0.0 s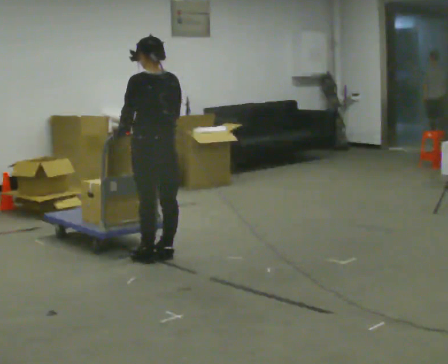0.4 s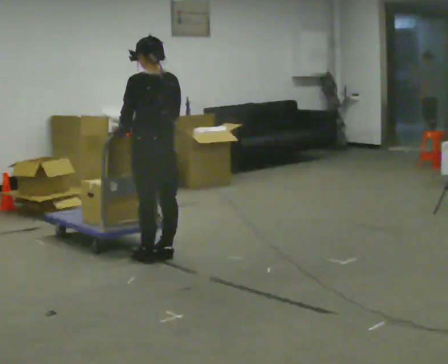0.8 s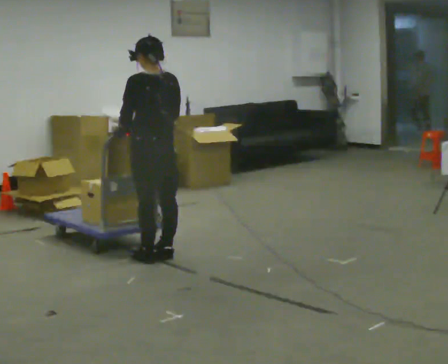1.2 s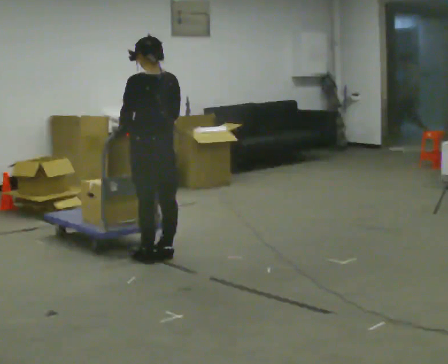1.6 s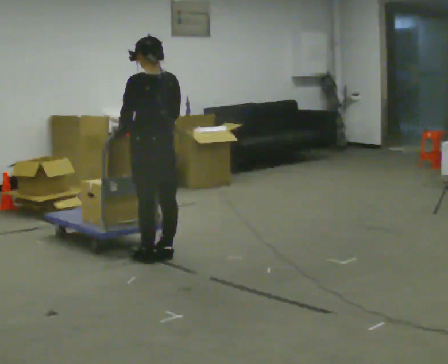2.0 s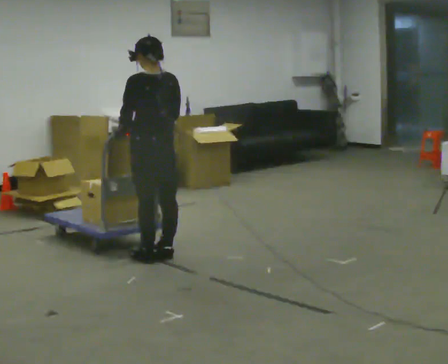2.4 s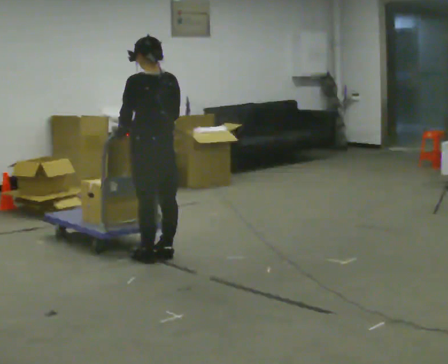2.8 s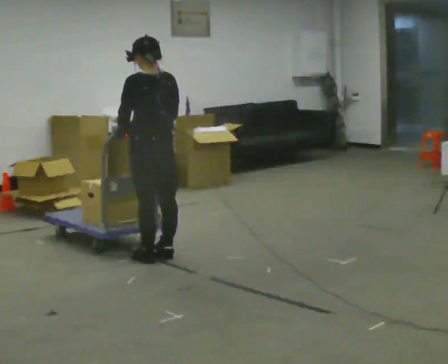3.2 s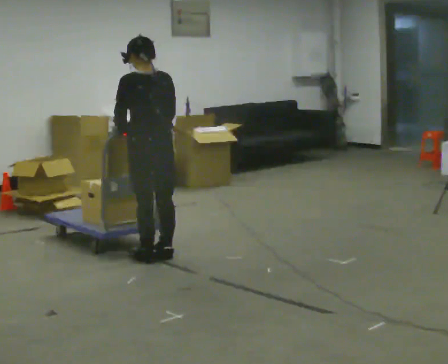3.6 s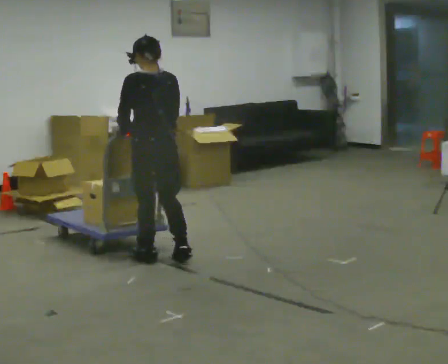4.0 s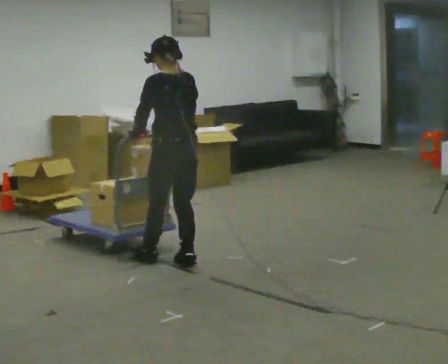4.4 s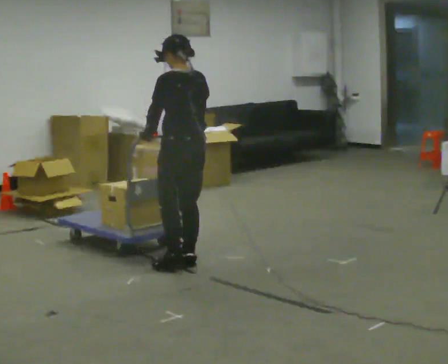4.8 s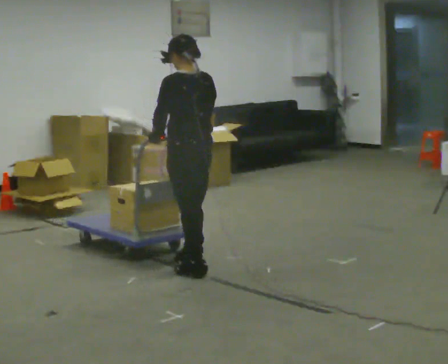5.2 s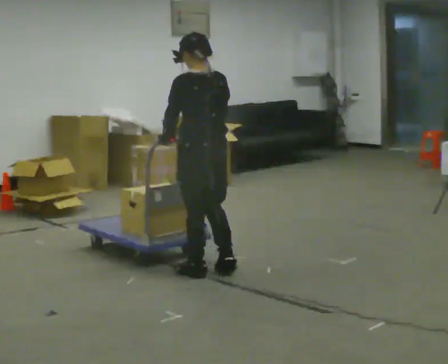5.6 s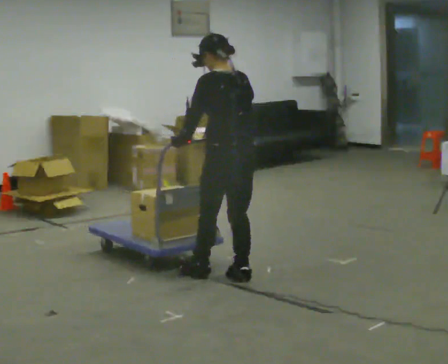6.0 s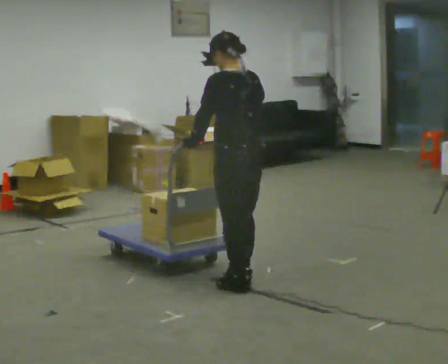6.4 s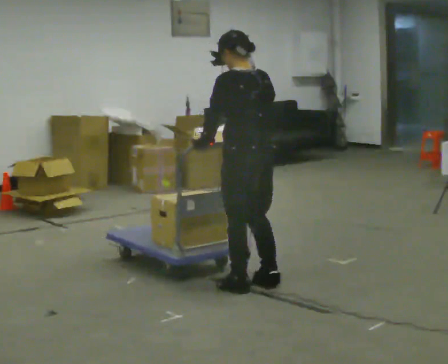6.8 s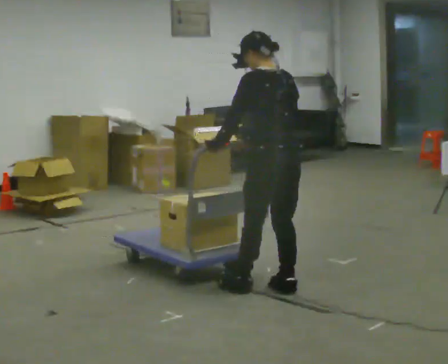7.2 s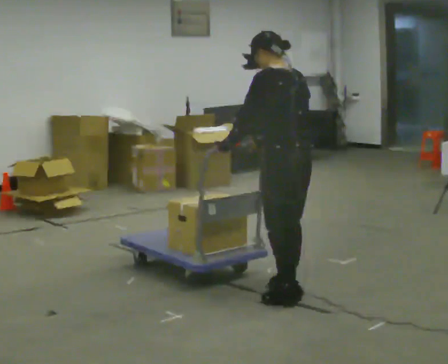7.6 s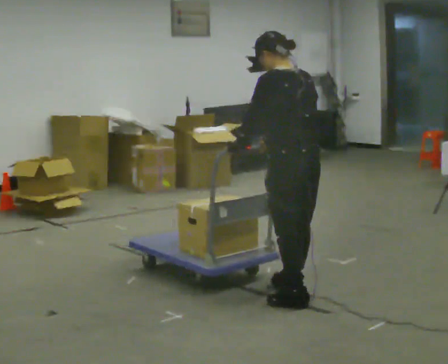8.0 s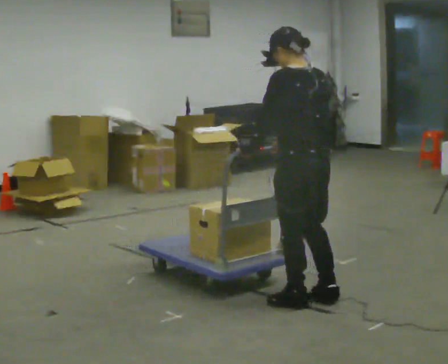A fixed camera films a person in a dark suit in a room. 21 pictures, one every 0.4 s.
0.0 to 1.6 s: The person keeps their place and pose.
1.6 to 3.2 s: The person moves a little, or ends about where they began.
3.2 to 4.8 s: In the picture they go to the right and toward the camera, about 0.25 m in 2 steps, which for them is backward.
4.8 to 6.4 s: In the picture they go toward the camera and to the right, about 0.5 m in 2 steps, which for them is backward.
6.4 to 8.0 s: In the picture they go toward the camera and to the right, about 0.5 m in 3 steps, which for them is backward.
The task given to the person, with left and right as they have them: Get the cart into the marked parking space and lined up with the tape. Take as many adjustments as you need. Then take it out again and repeat.
The film runs forward here.
